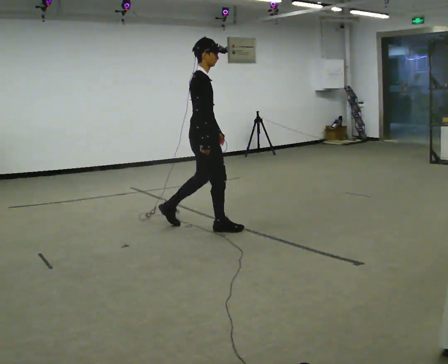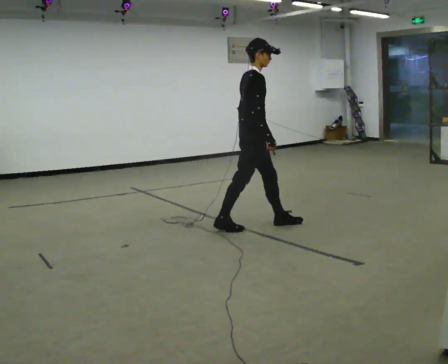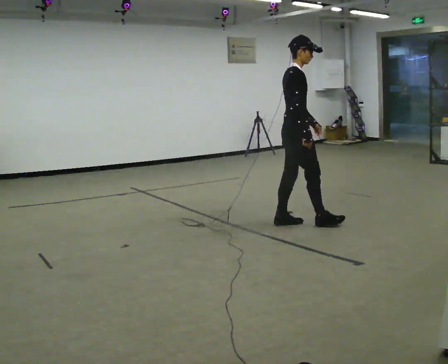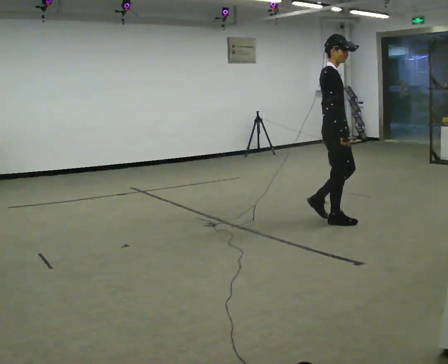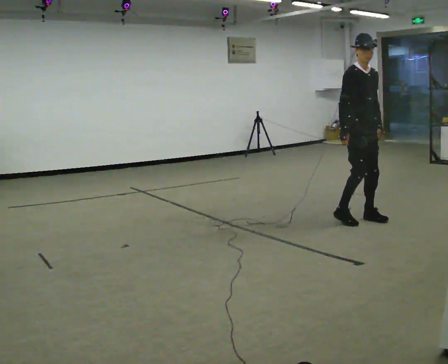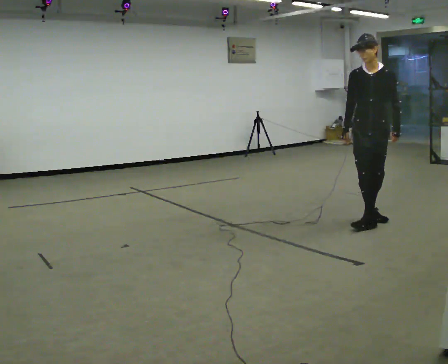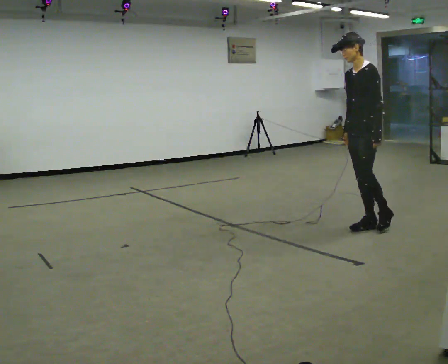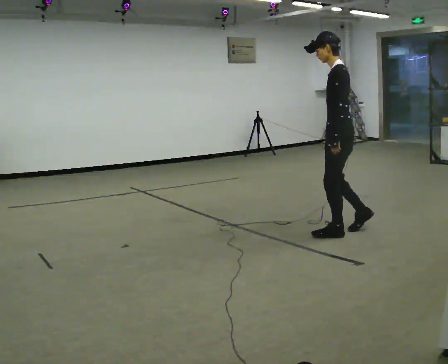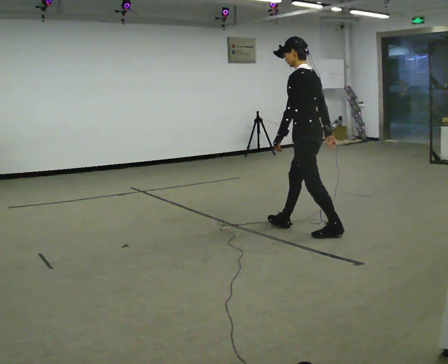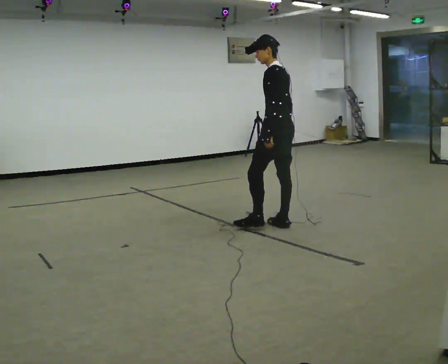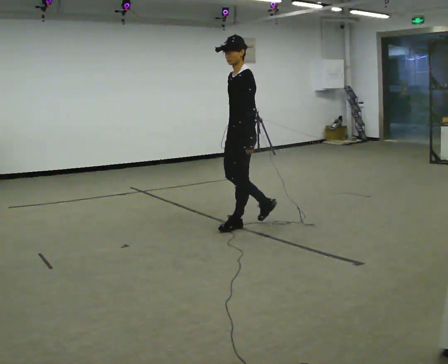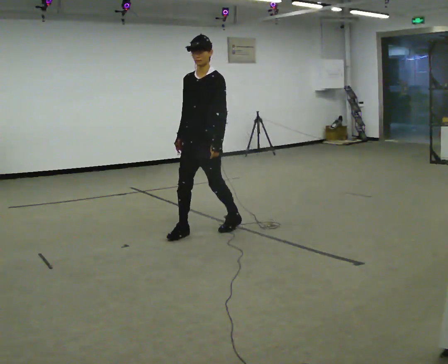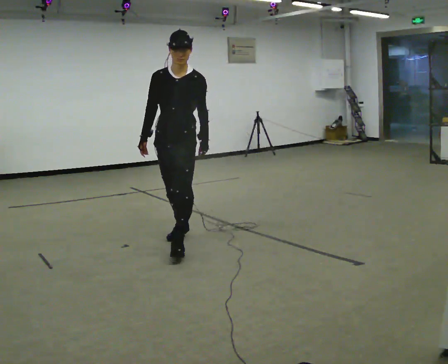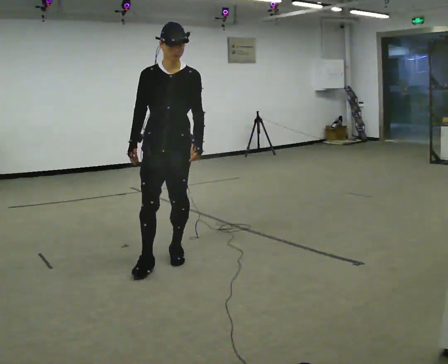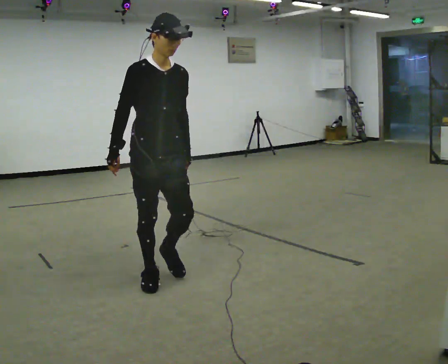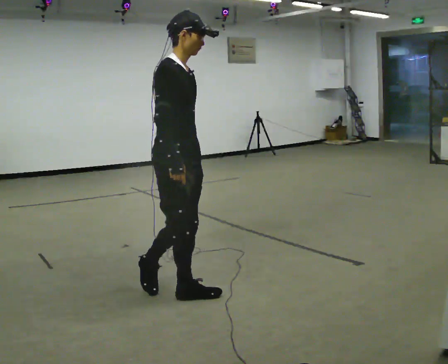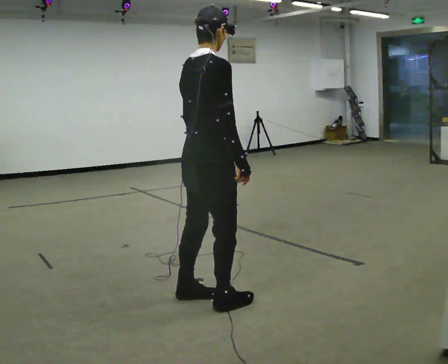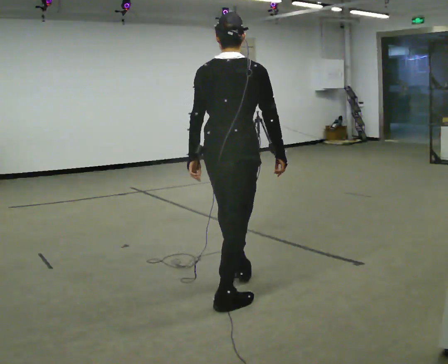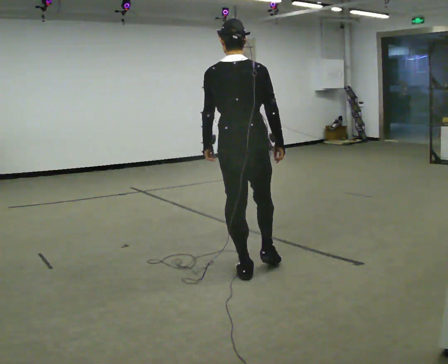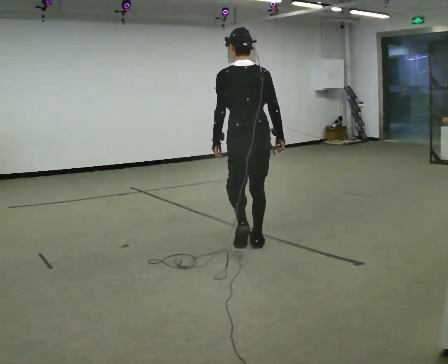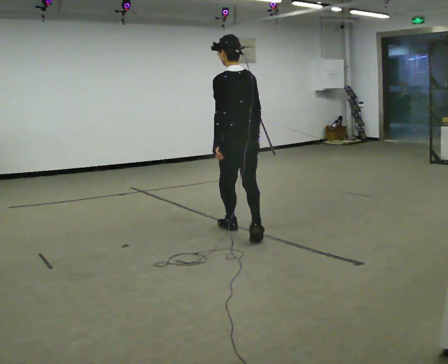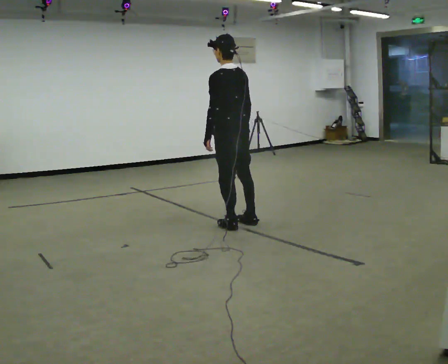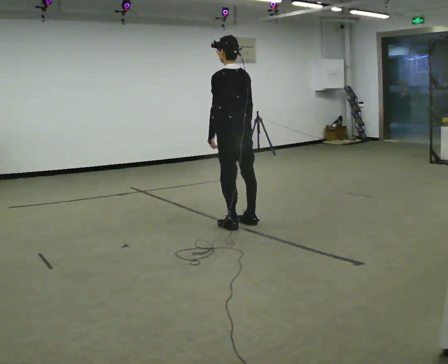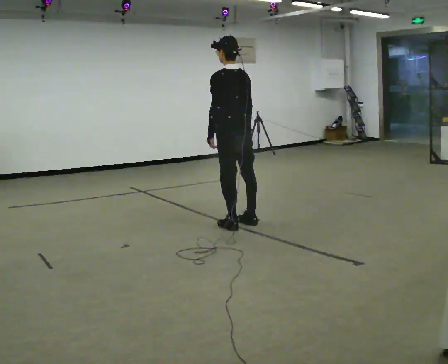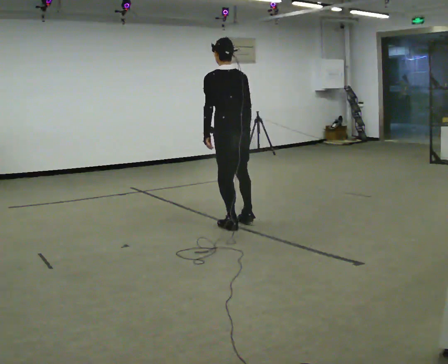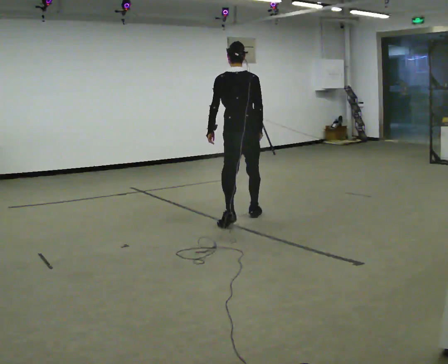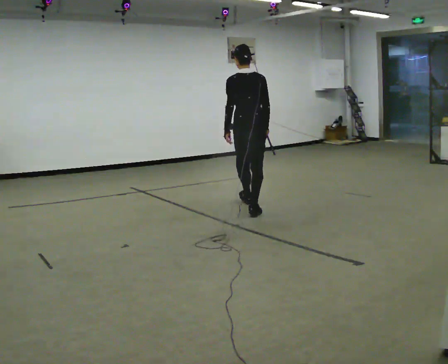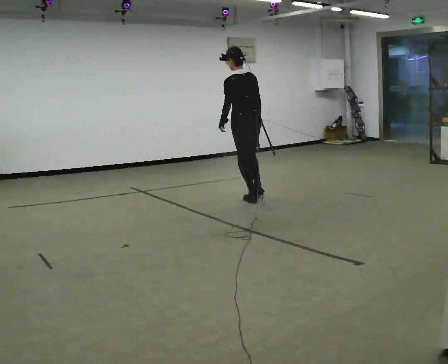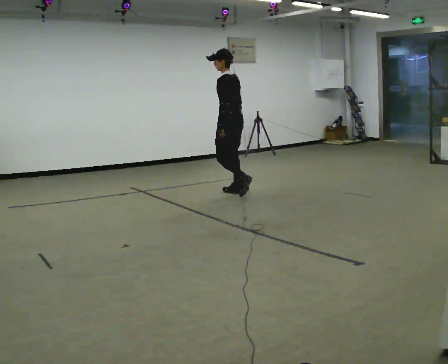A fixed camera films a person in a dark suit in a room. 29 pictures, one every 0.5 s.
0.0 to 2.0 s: Seen from above the body turns clockwise, about 60 degrees: to their right, with its near side sliding to the left. In the picture they go to the right, about 1.5 m in 3 steps.
2.0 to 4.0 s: The part of the body nearest the lens slides to the left as the person turns to their right by about 150 degrees. In the picture they go to the left, about 0.5 m in 2 steps.
4.0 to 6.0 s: The person turns about 105 degrees to their left, counterclockwise seen from above, so the part of the body nearest the lens slides to the right. In the picture they go to the left, about 1 m in 3 steps.
6.0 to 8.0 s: Seen from above the body turns counterclockwise, about 135 degrees: to their left, with its near side sliding to the right. In the picture they go toward the camera, about 1 m in 4 steps.
8.0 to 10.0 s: Seen from above the body turns counterclockwise, about 90 degrees: to their left, with its near side sliding to the right. In the picture they go away from the camera, about 1.5 m in 3 steps.
10.0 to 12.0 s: In the picture they go away from the camera, about 0.25 m in 1 step, which for them is forward and to their right.
12.0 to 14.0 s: The part of the body nearest the lens slides to the right as the person turns to their left by about 30 degrees. In the picture they go away from the camera, about 1.5 m in 3 steps, which for them is forward.
The film runs forward here.
